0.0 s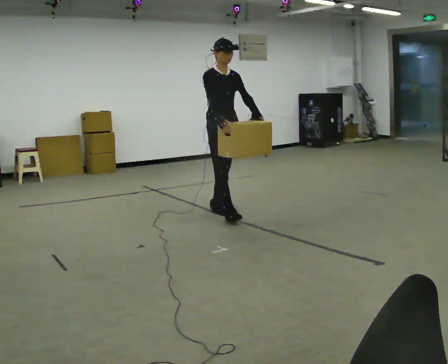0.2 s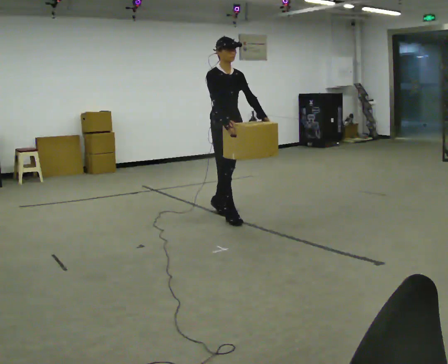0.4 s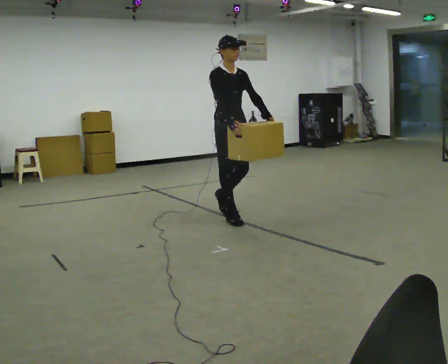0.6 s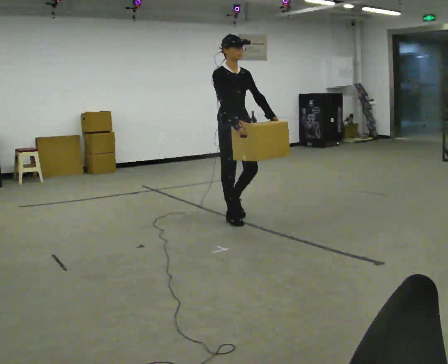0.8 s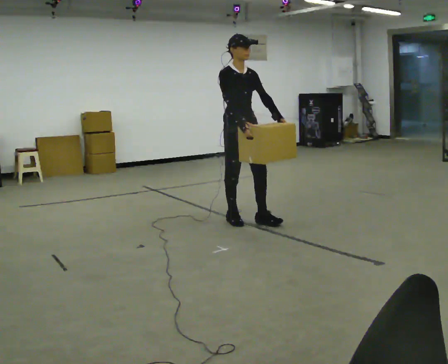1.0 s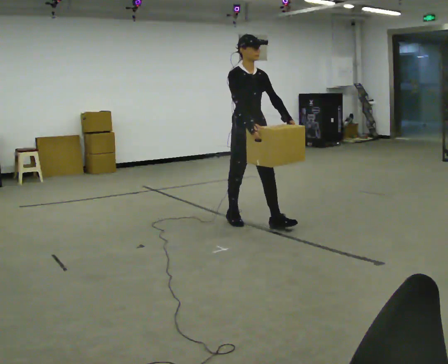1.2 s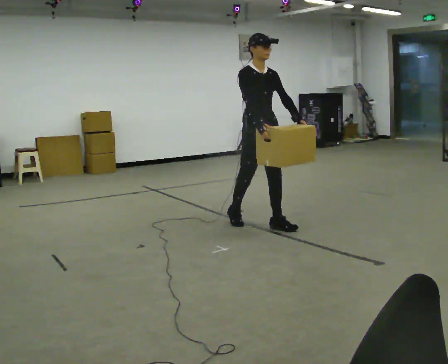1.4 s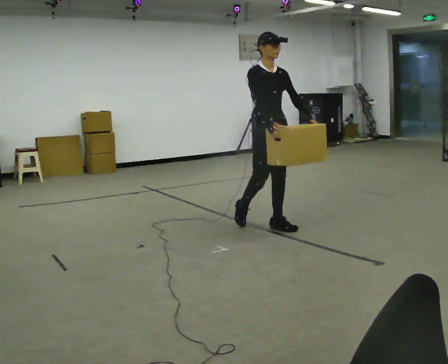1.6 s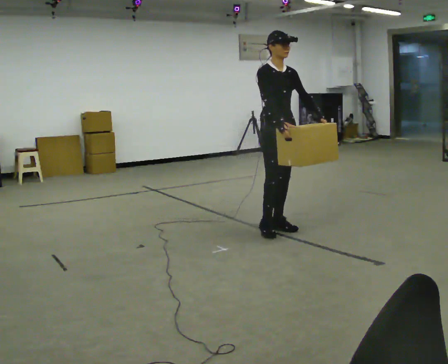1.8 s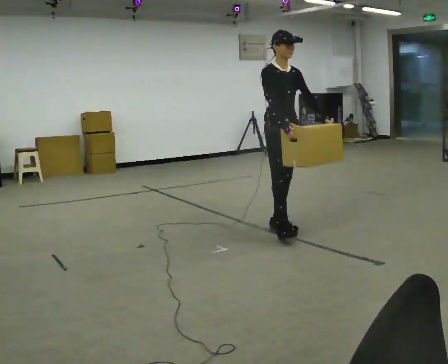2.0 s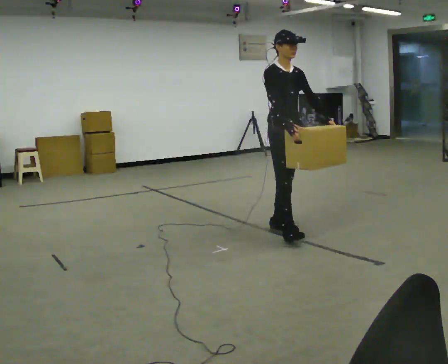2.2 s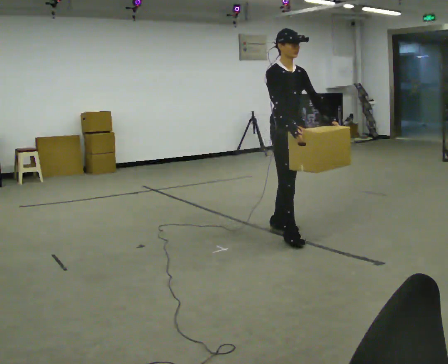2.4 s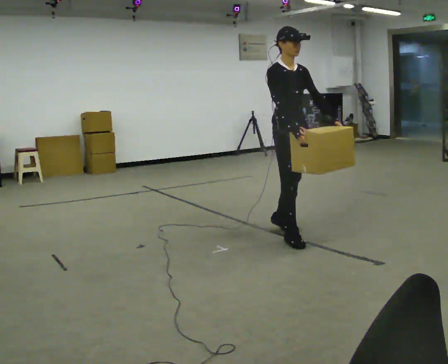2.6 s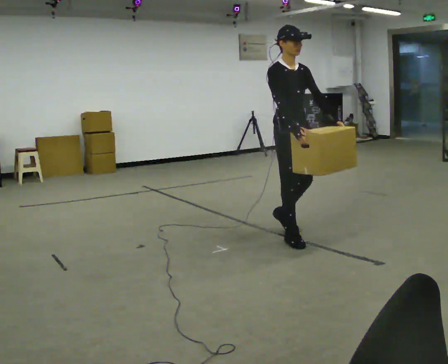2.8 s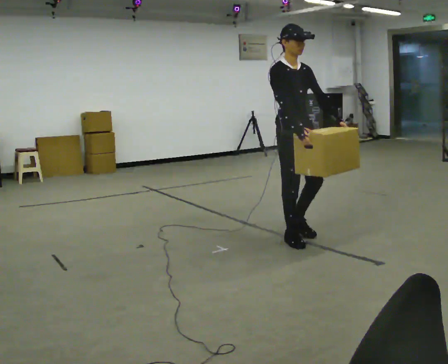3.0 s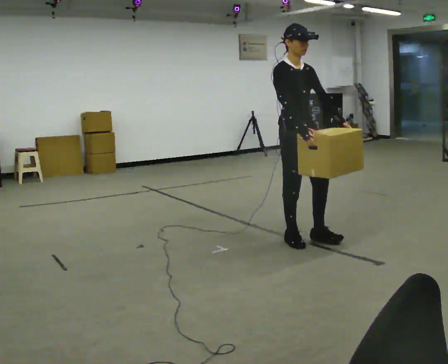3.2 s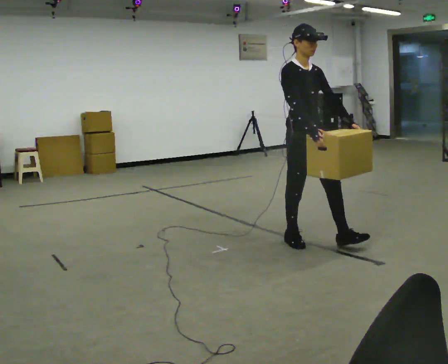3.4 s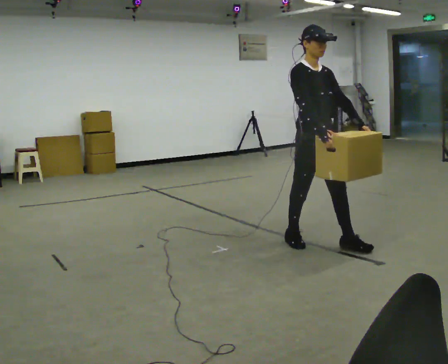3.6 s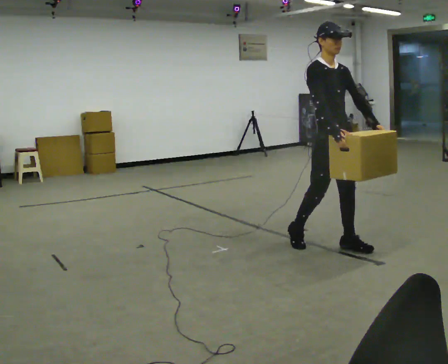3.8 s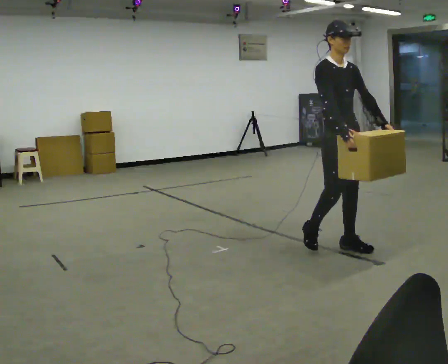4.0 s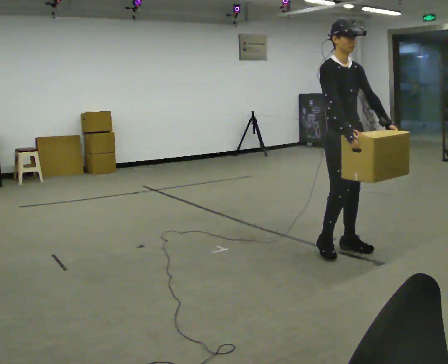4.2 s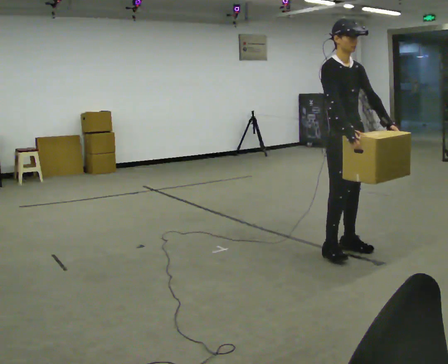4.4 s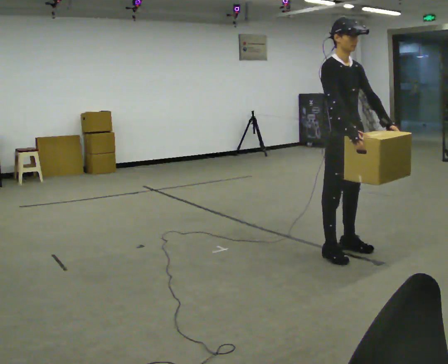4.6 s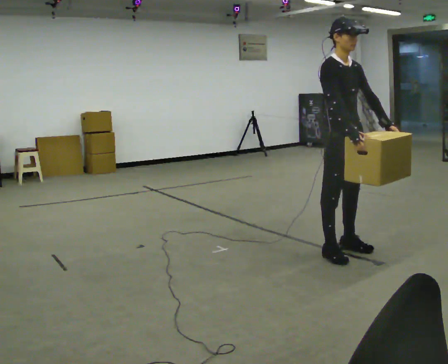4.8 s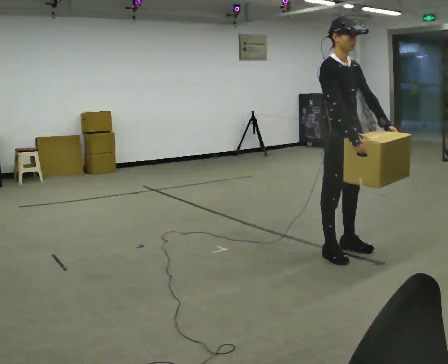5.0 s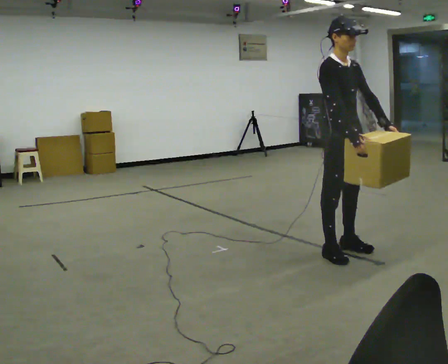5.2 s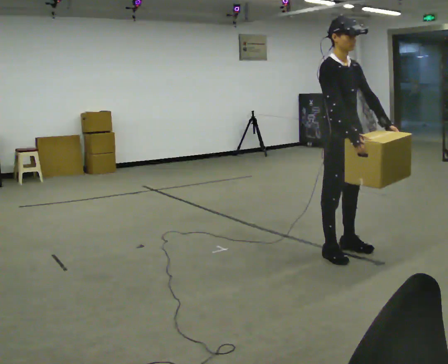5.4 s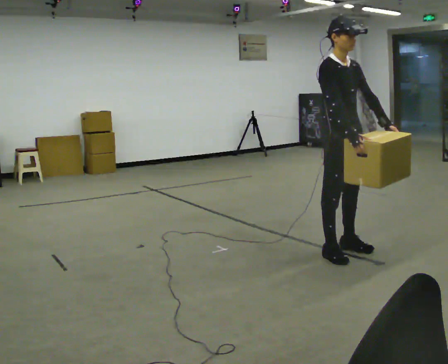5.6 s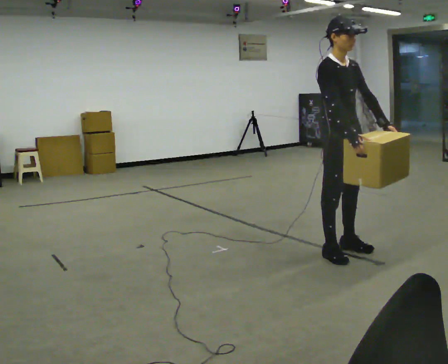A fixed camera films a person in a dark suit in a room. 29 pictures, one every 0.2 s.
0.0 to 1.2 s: In the picture they go toward the camera and to the right, about 0.5 m in 1 step, which for them is forward.
1.2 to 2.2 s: In the picture they go to the right and toward the camera, about 0.25 m in 1 step, which for them is forward.
2.2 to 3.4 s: In the picture they go toward the camera and to the right, about 0.5 m in 1 step, which for them is forward.
3.4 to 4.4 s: In the picture they go to the right, about 0.25 m in 1 step, which for them is forward.
4.4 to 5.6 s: The person moves a little, or ends about where they began.
The film runs forward here.
